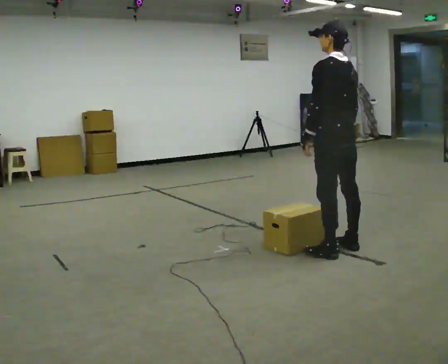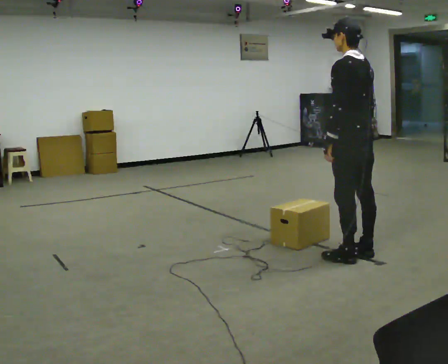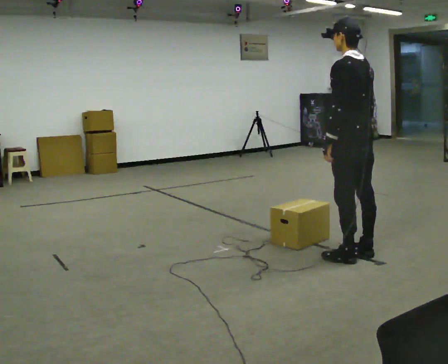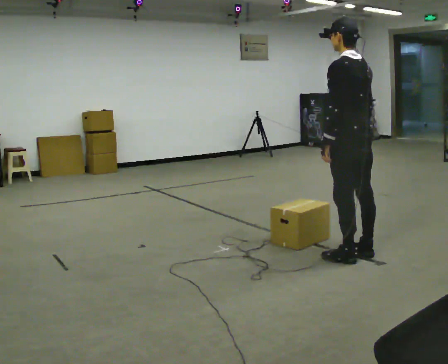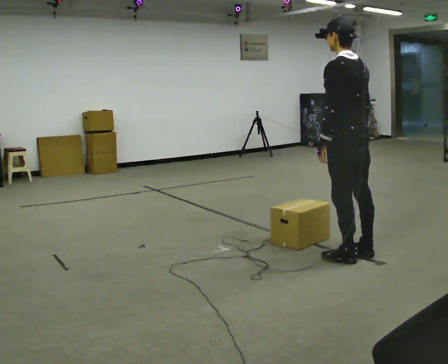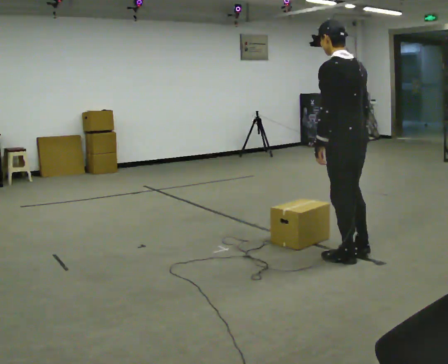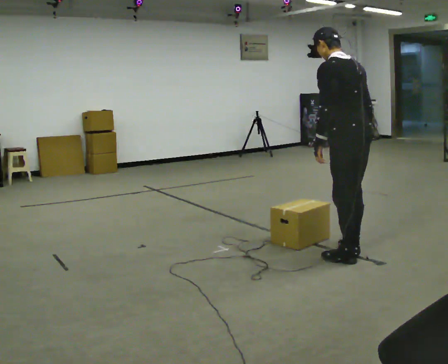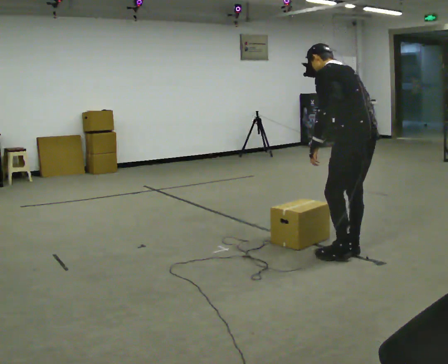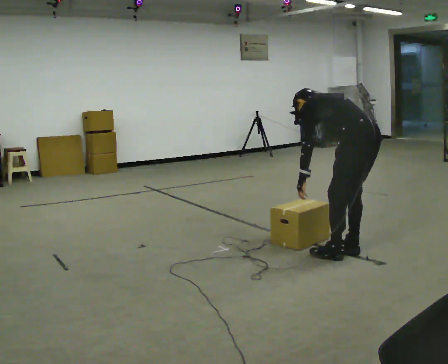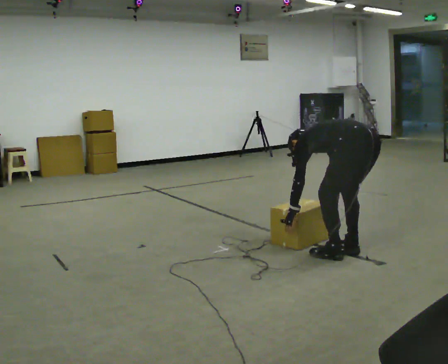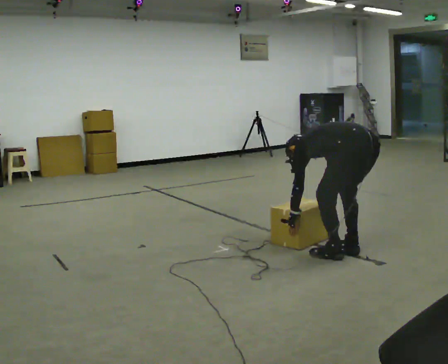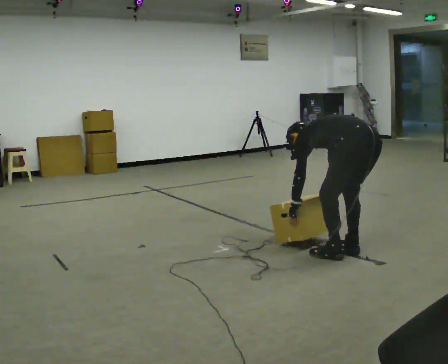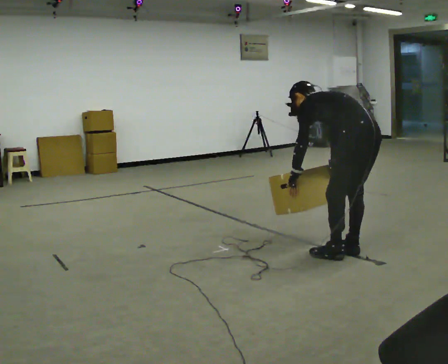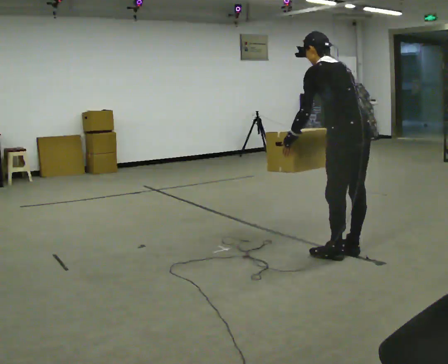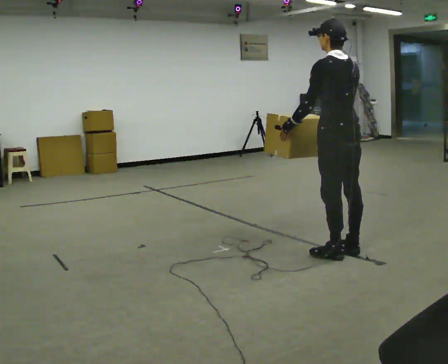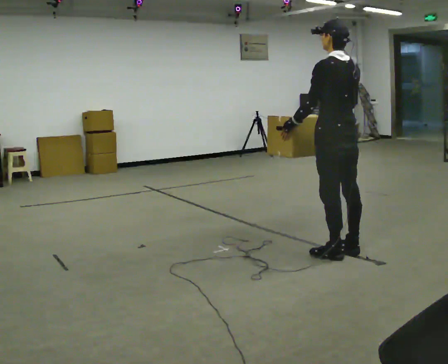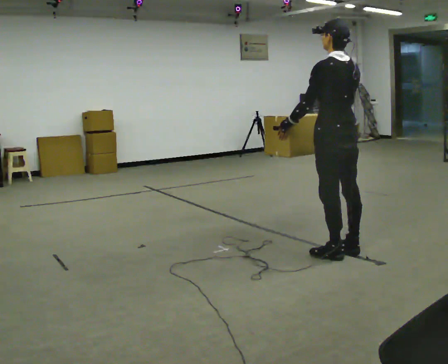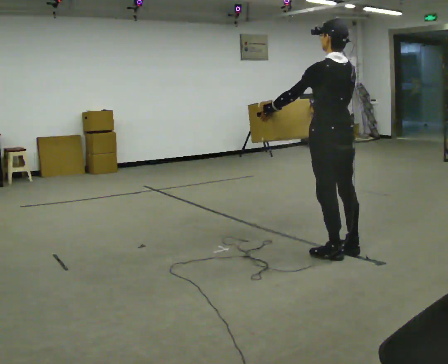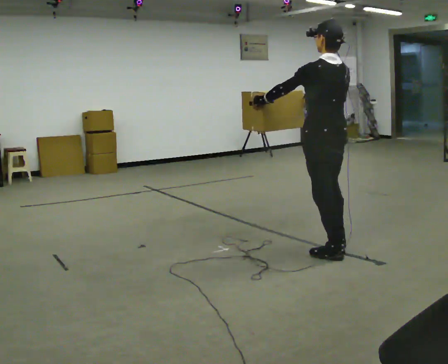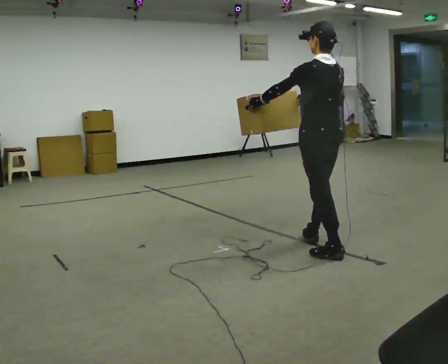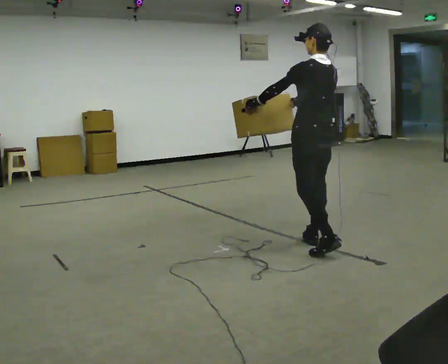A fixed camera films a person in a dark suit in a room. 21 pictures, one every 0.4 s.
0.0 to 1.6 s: In the picture they go toward the camera, about 0.25 m, which for them is backward.
1.6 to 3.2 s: The shoulders move downward. In the picture the upper body tilts counterclockwise, shoulders to the left, as they bend forward.
3.2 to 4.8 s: The person moves a little, or ends about where they began.
4.8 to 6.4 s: In the picture they go to the left, about 0.25 m, which for them is forward. The upper body goes upward. In the picture the upper body tilts clockwise, shoulders to the right, as they lean back or straighten. In the picture their left hand goes upward.
6.4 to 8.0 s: In the picture they go to the left and away from the camera, about 0.25 m in 1 step, which for them is forward.
The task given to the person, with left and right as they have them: Carry the heaviest box in both hands in front of you, walking back and forth across the room. Only carry what is comfortable. Set it down whenever you need to.
The film runs forward here.
